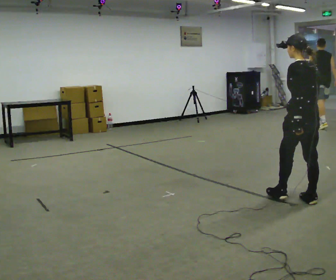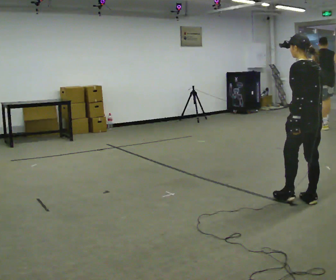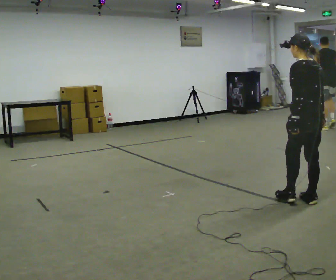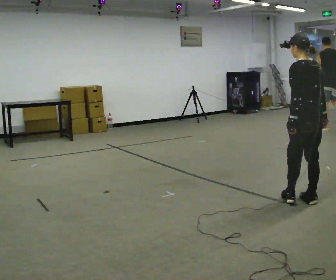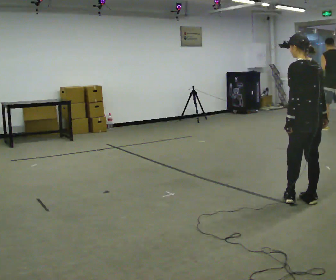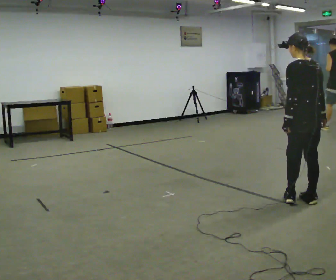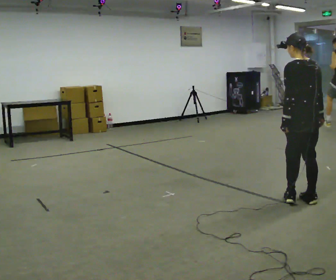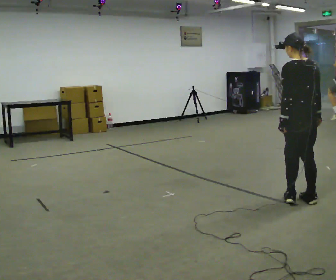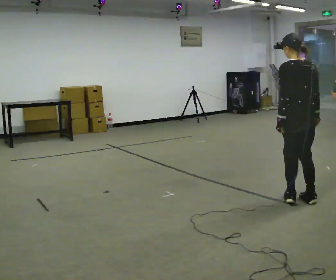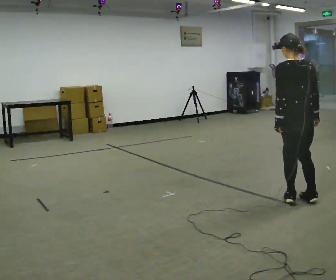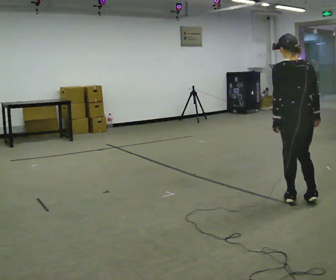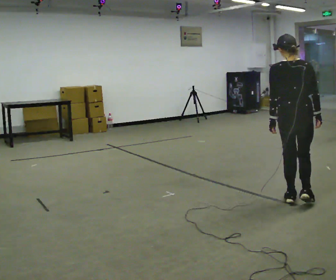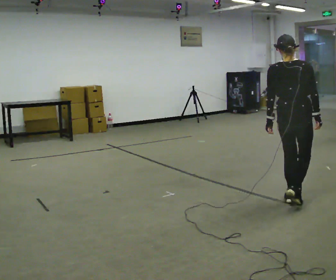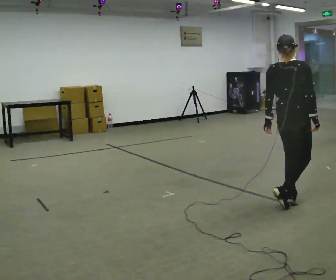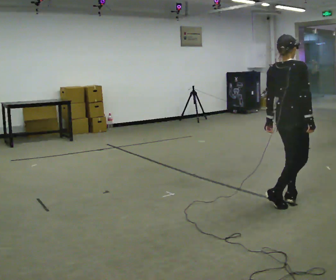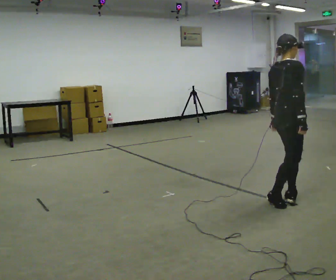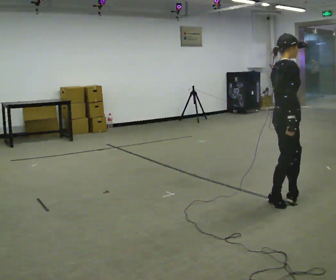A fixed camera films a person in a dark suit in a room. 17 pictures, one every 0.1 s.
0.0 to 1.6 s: The part of the body nearest the lens slides to the left as the person turns to their right by about 120 degrees. In the picture they go to the left, about 0.25 m in 1 step.
The film runs backward here.
